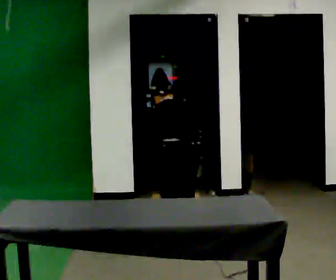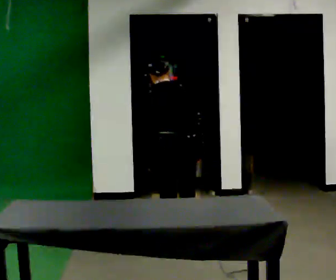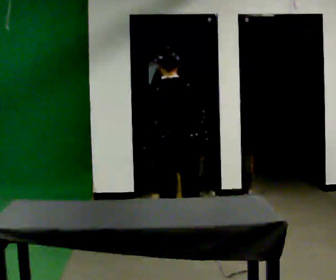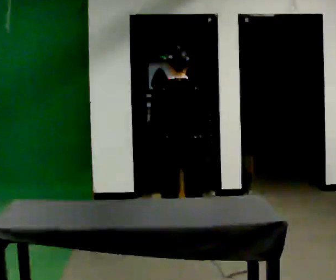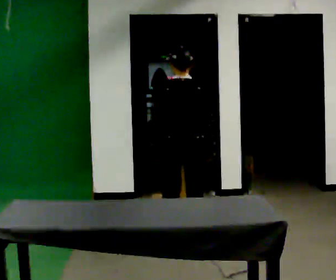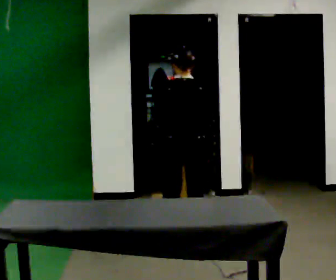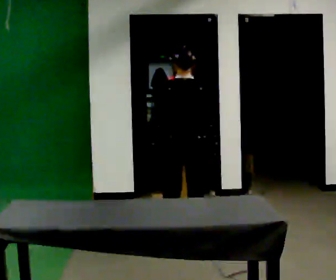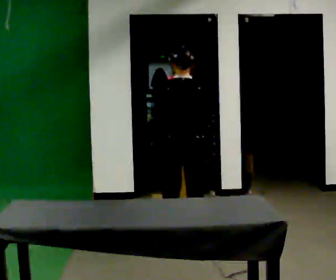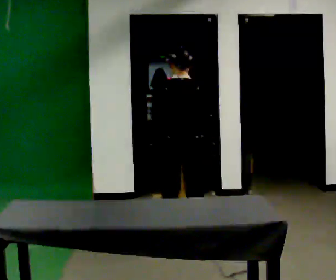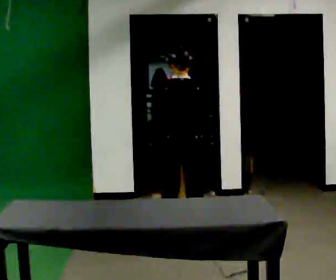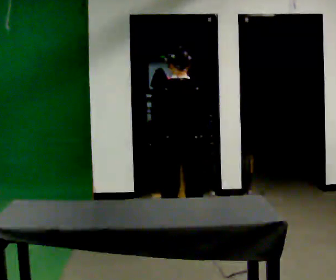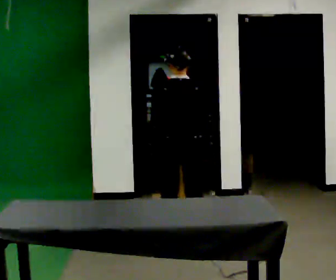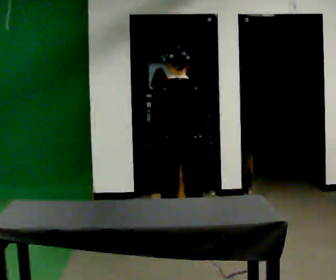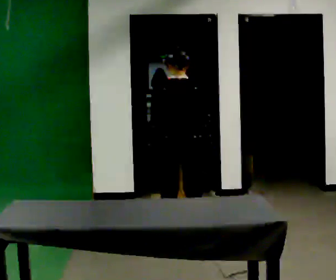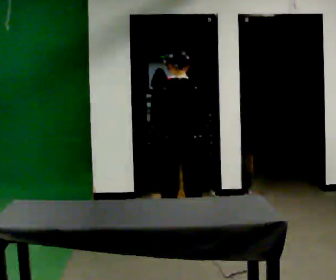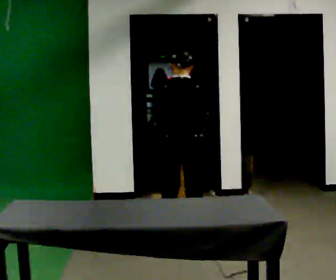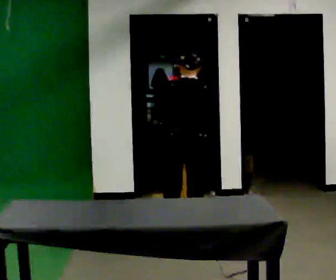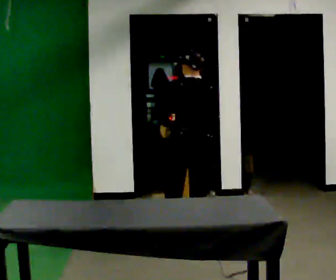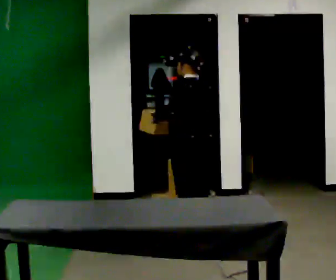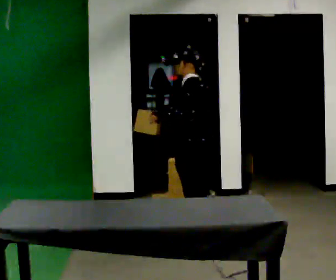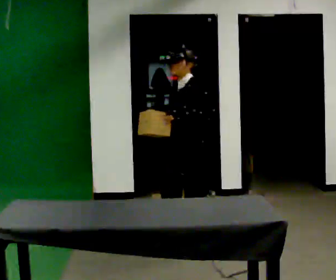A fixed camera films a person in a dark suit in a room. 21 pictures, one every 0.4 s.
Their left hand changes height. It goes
upward.
The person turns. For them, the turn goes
to their left.
0.0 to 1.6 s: The upper body goes upward. The upper body tips toward the camera, its near side rolling downward, as they lean back or straighten.
1.6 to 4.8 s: The person moves a little, or ends about where they began.
4.8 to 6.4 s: The upper body tips away from the camera, its near side rolling upward, as they bend forward.
6.4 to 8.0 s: Seen from above the body turns counterclockwise, about 120 degrees: to their left, with its near side sliding to the right. In the picture they go toward the camera, about 0.25 m in 1 step. The upper body tips toward the camera, its near side rolling downward, as they lean back or straighten.
The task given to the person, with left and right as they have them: Take an object out of the bin at knee height, carry it across the room, and place it on the chest-height shelf. Keep going until the operator says stop; one object at a time, and do not rush between trips.
The film runs forward here.
